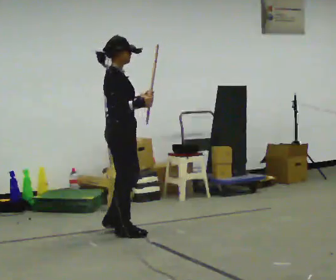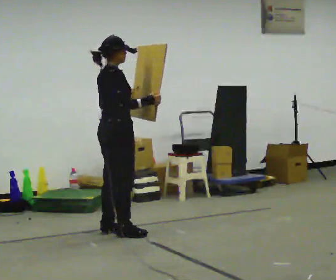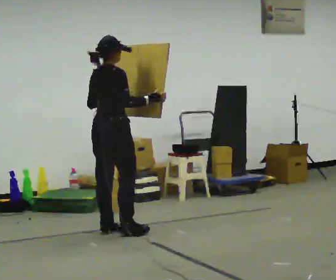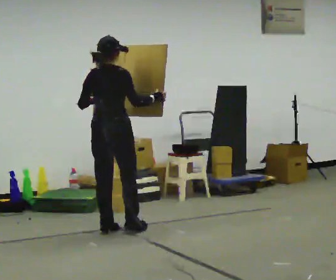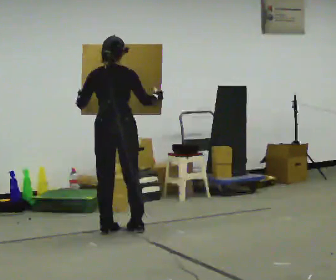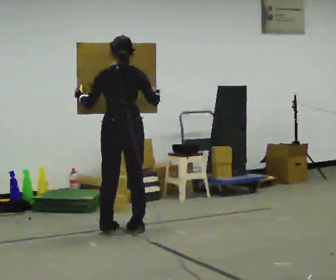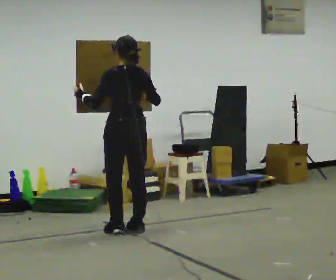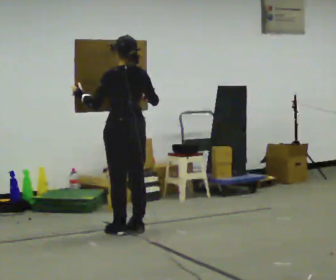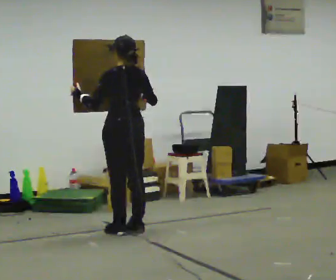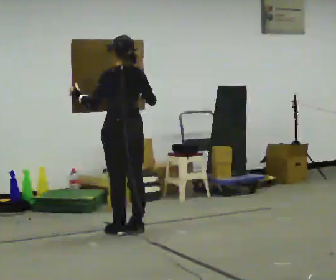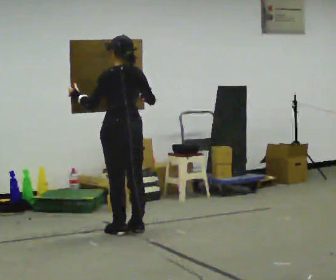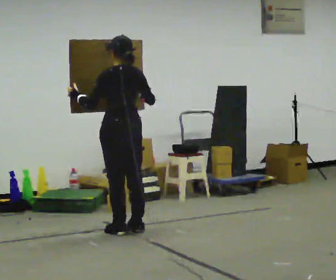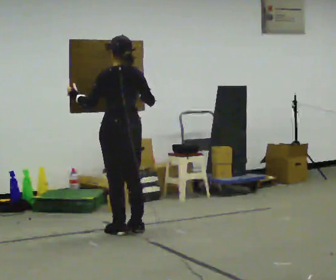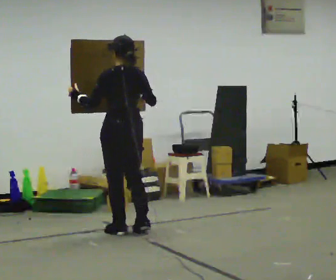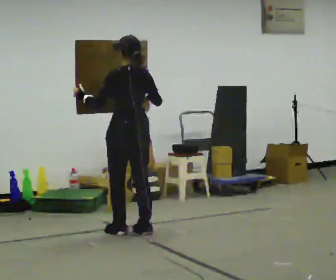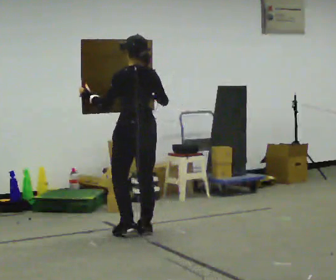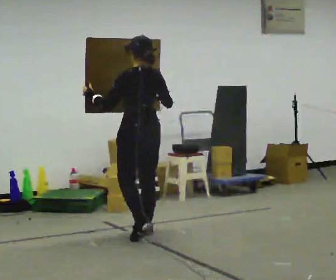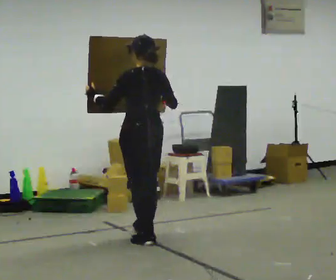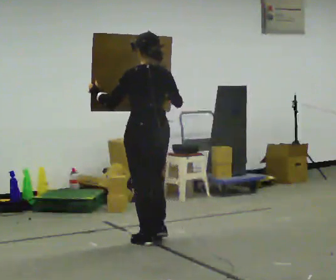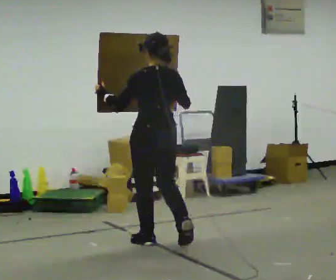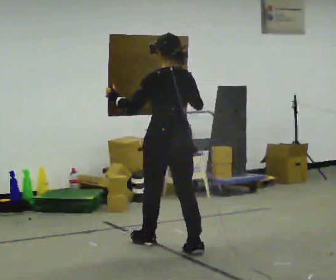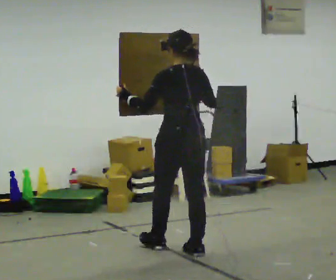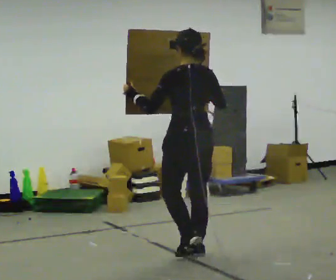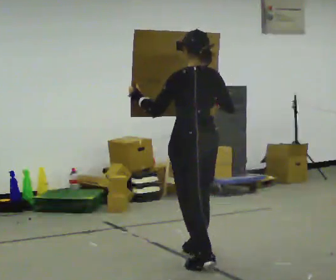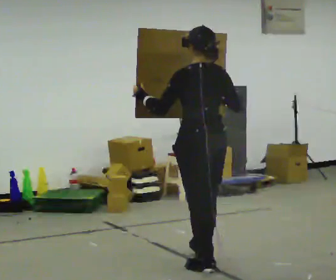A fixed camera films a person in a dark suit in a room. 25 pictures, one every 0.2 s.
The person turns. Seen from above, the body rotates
counterclockwise.
The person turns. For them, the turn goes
to their left.
0.0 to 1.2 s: Seen from above the body turns counterclockwise, about 120 degrees: to their left, with its near side sliding to the right.
1.2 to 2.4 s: The person moves a little, or ends about where they began.
2.4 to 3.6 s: In the picture they go toward the camera and to the right, about 0.5 m in 2 steps, which for them is backward.
3.6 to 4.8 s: In the picture they go toward the camera and to the right, about 1 m in 2 steps, which for them is backward.
The film runs backward here.
